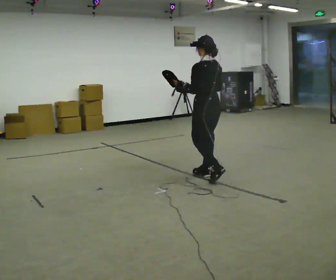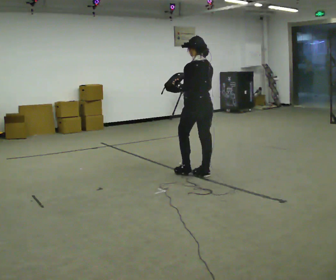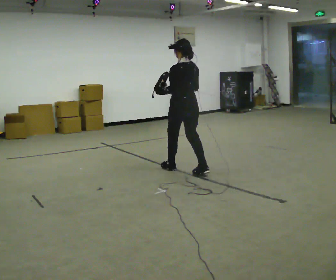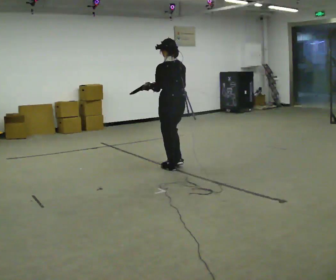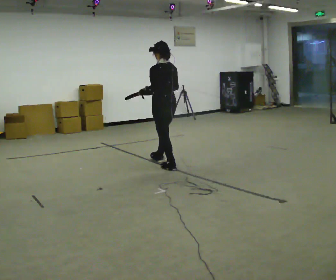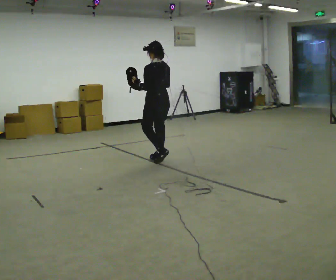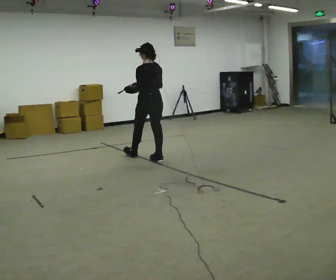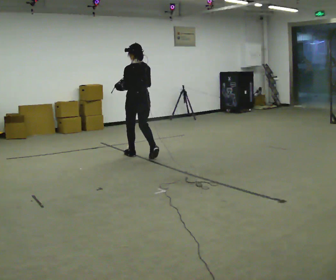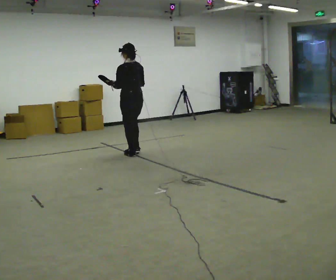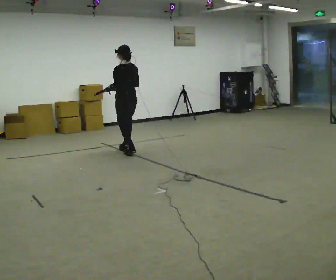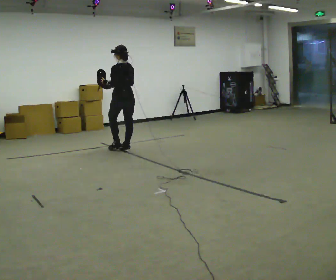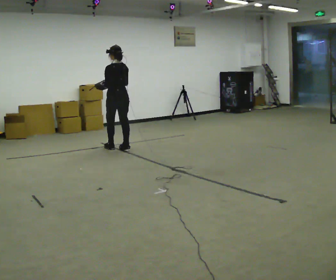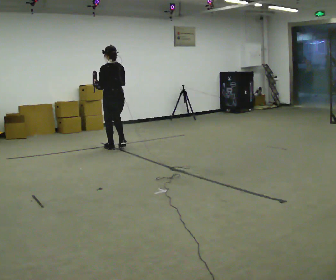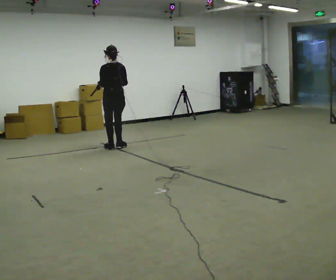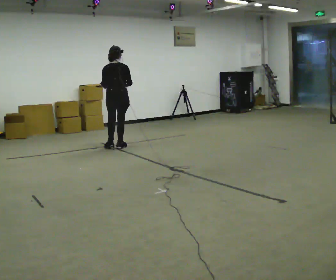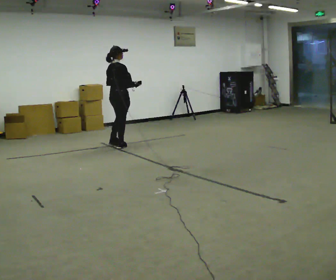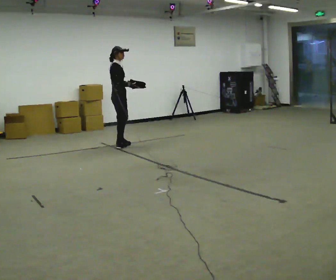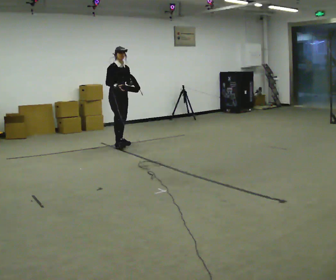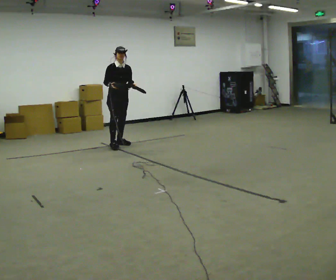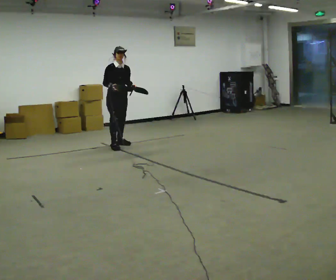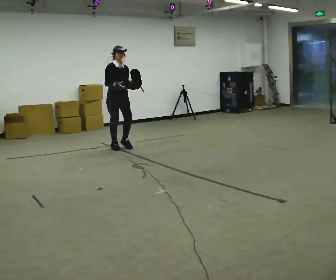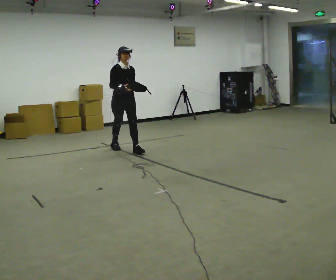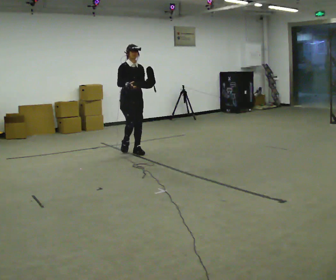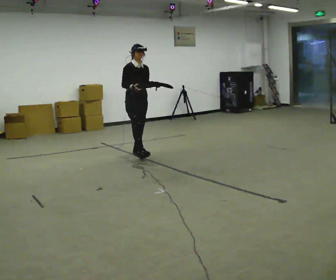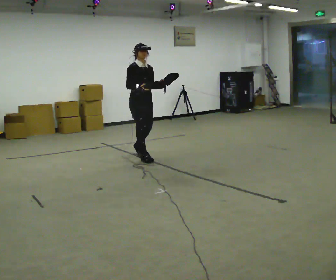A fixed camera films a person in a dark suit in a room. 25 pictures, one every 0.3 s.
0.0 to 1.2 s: In the picture they go away from the camera and to the left, about 1 m in 2 steps, which for them is forward.
1.2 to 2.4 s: In the picture they go away from the camera and to the left, about 1 m in 1 step, which for them is forward.
2.4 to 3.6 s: In the picture they go away from the camera and to the left, about 0.5 m in 2 steps, which for them is forward.
3.6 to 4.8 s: The part of the body nearest the lens slides to the left as the person turns to their right by about 120 degrees. In the picture they go away from the camera, about 0.25 m in 2 steps.
4.8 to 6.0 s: The person turns about 60 degrees to their right, clockwise seen from above, so the part of the body nearest the lens slides to the left. In the picture they go toward the camera, about 0.25 m.
6.0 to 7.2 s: In the picture they go toward the camera and to the right, about 1 m in 2 steps, which for them is forward.
The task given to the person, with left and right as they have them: Carry the object across the room. The lid hangs loose and will swing, so carry it however works. Keep going until the operator says stop; one object at a time, and do not rush between trips.
The film runs forward here.
